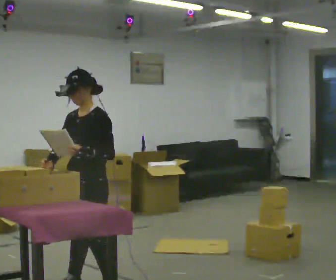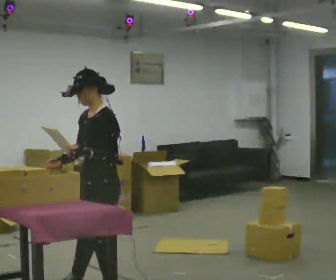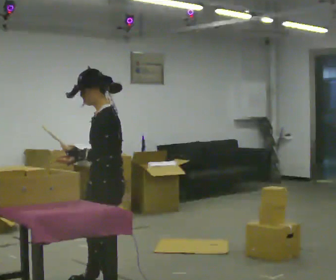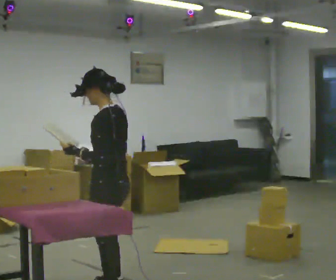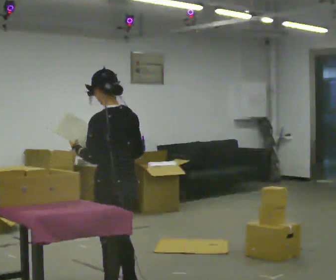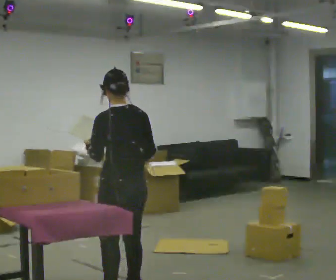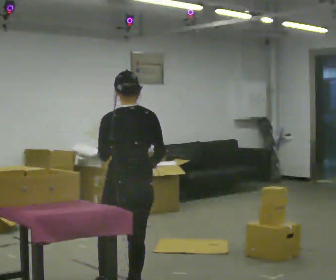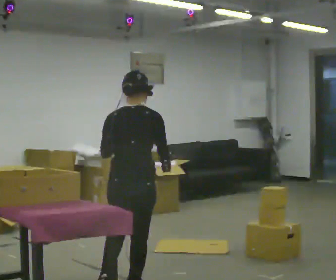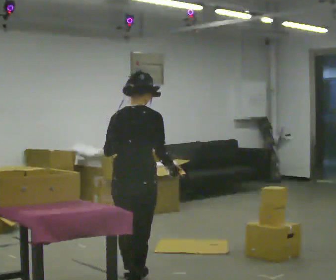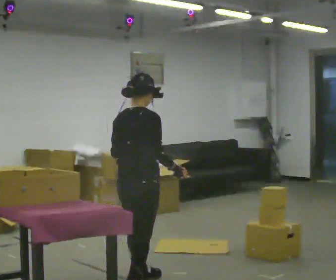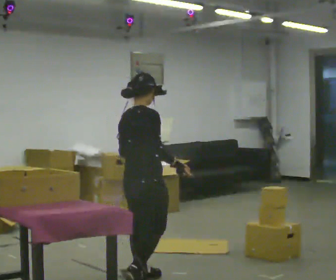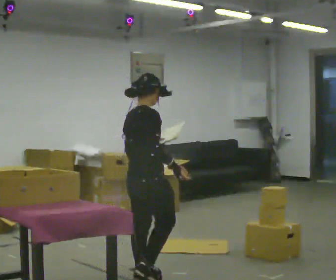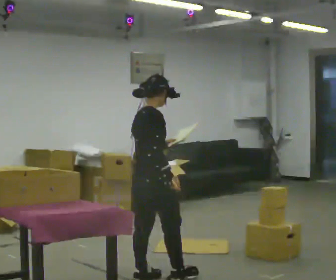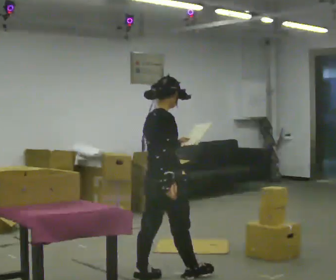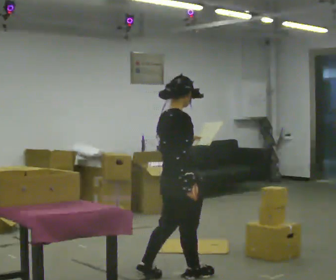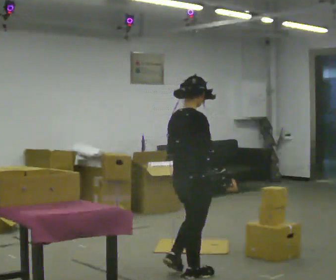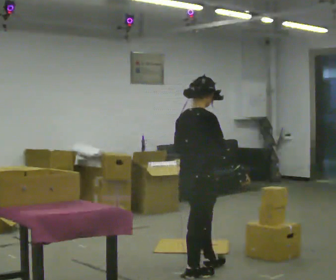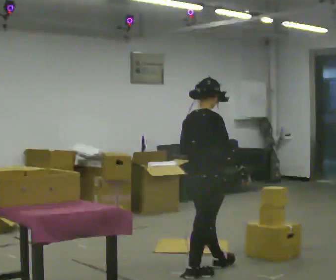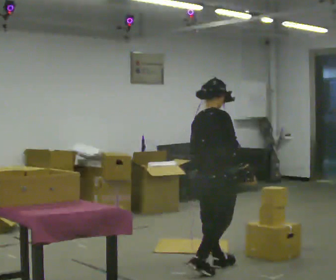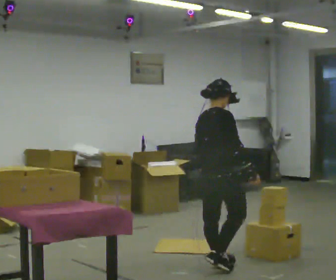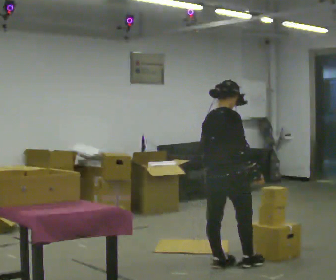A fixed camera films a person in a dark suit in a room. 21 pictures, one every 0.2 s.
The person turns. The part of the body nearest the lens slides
to the left.
The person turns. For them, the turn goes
to their right.
0.0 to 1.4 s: The part of the body nearest the lens slides to the left as the person turns to their right by about 135 degrees. In the picture they go to the right, about 0.25 m in 1 step.
1.4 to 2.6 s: The person turns about 45 degrees to their right, clockwise seen from above, so the part of the body nearest the lens slides to the left. In the picture they go away from the camera and to the right, about 0.5 m in 2 steps, which for them is forward.
2.6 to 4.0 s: In the picture they go to the right and away from the camera, about 0.5 m in 1 step, which for them is forward.
The film runs forward here.
